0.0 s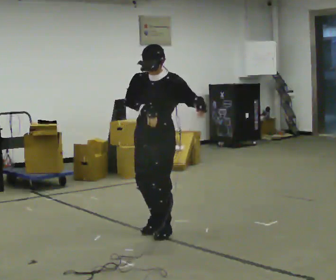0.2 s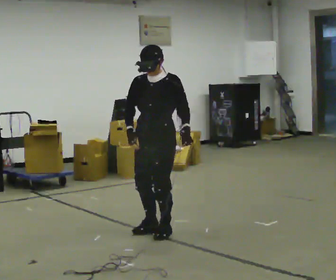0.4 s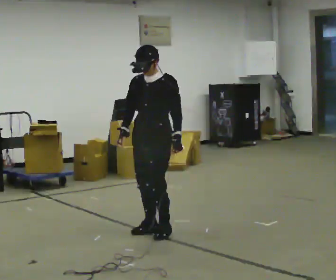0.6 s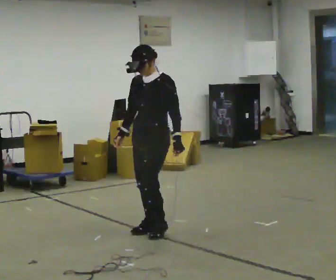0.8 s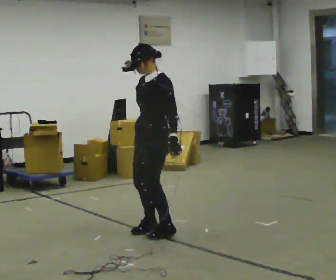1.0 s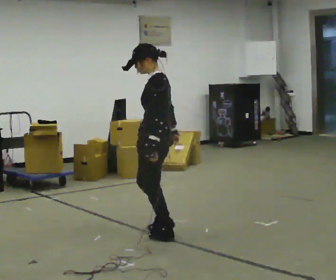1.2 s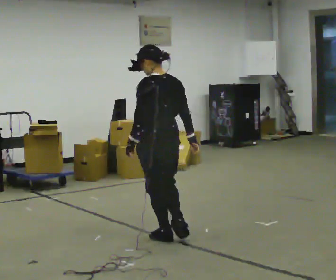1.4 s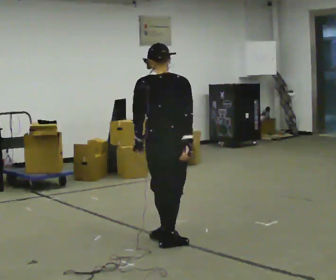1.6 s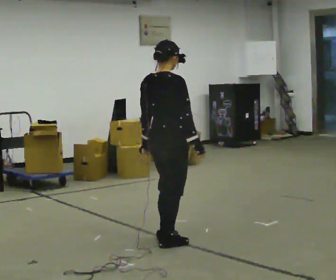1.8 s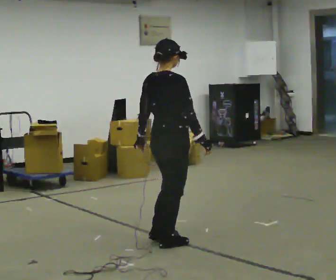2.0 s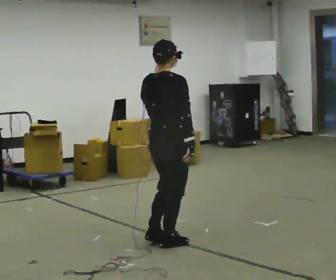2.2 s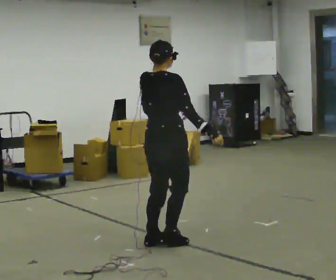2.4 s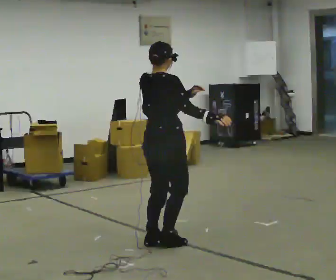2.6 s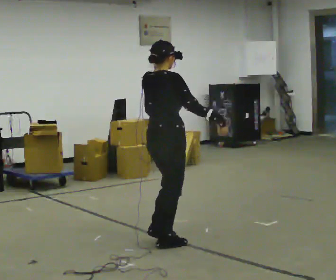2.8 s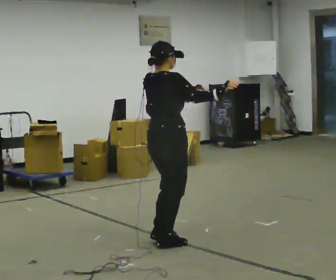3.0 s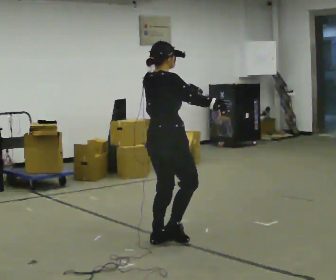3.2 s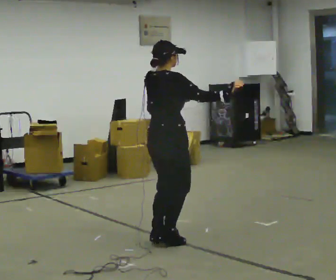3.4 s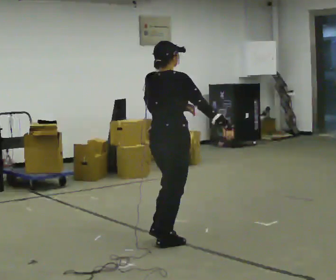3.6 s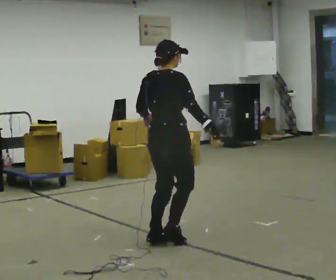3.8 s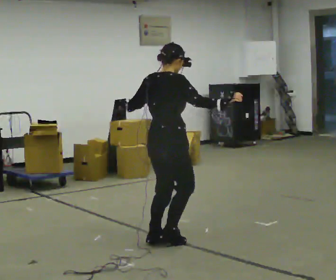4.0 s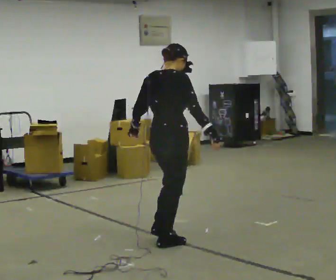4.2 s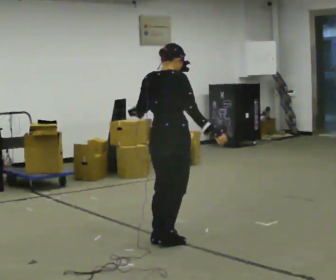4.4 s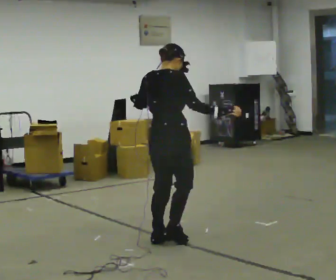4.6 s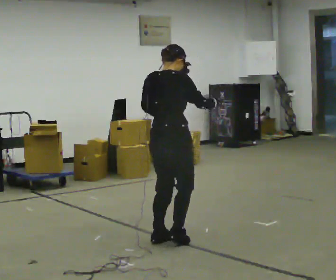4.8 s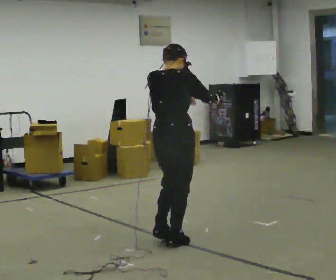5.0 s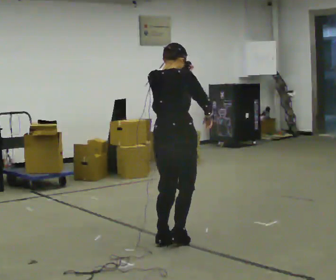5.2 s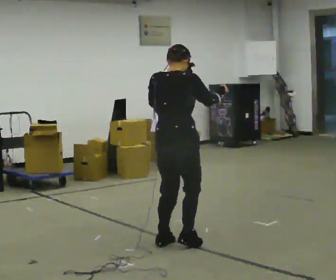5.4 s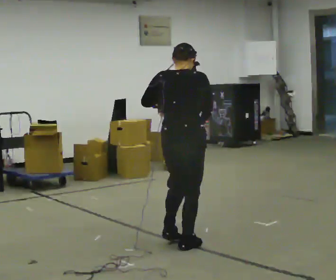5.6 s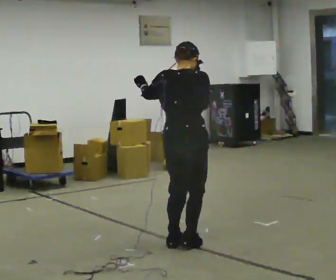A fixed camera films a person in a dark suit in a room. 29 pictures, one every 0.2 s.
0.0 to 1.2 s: Seen from above the body turns clockwise, about 105 degrees: to their right, with its near side sliding to the left. In the picture they go toward the camera, about 0.25 m in 2 steps. In the picture their left hand goes to the left and downward, the arm swinging clockwise.
1.2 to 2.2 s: Seen from above the body turns clockwise, about 90 degrees: to their right, with its near side sliding to the left. In the picture their left hand goes to the right.
2.2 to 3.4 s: The person moves a little, or ends about where they began.
3.4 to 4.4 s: In the picture their left hand goes to the left.
4.4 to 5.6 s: The person moves a little, or ends about where they began.
The film runs backward here.
